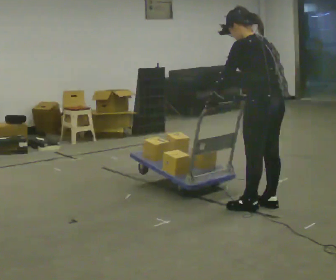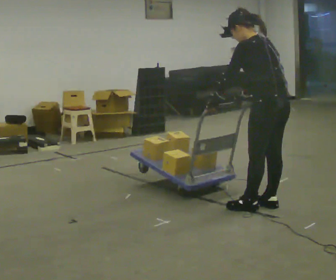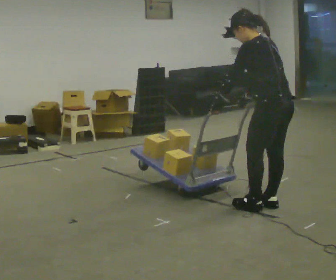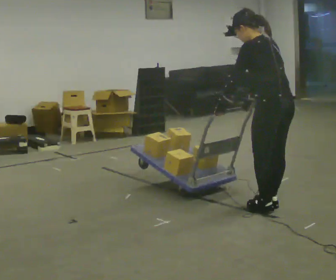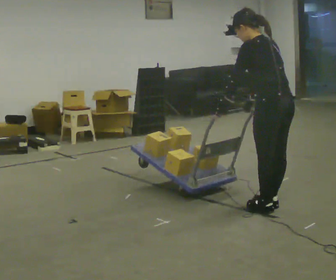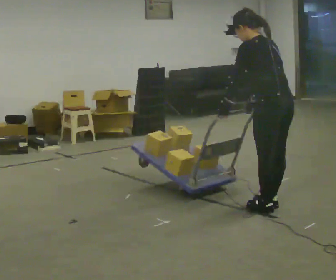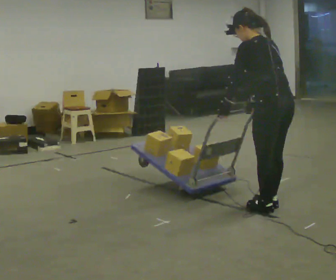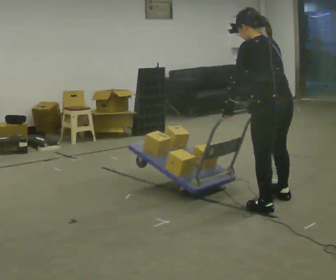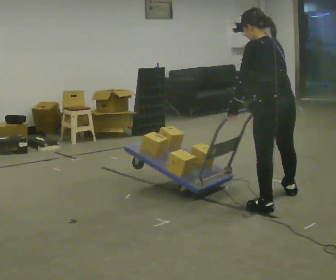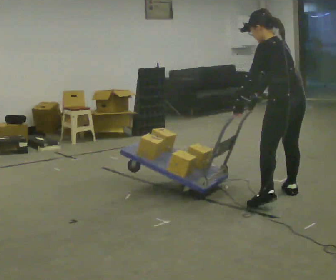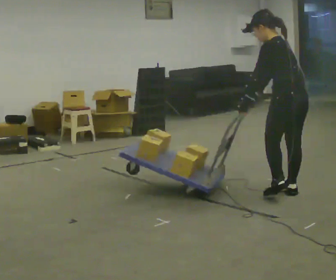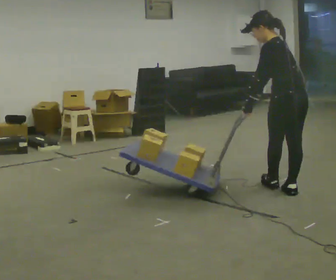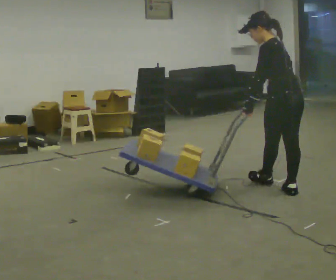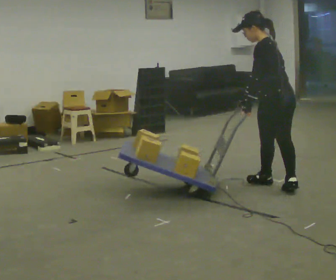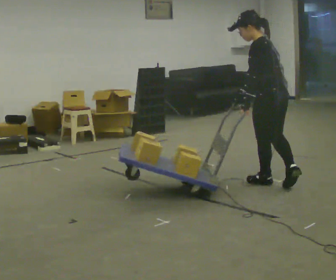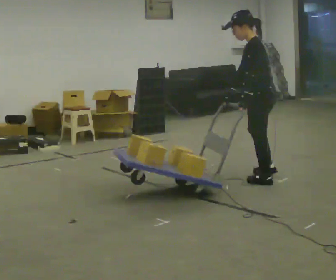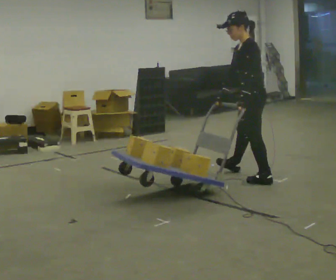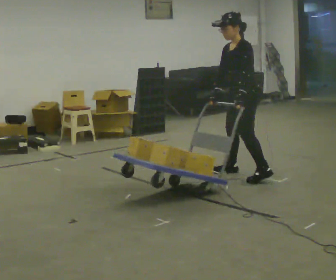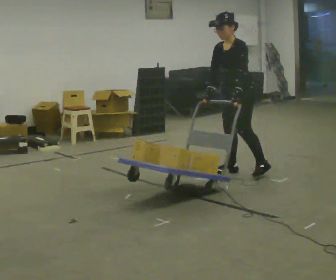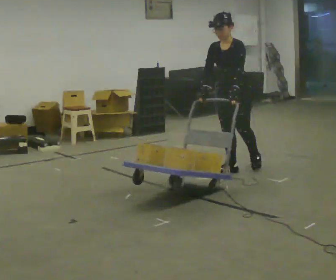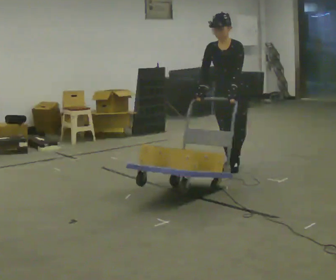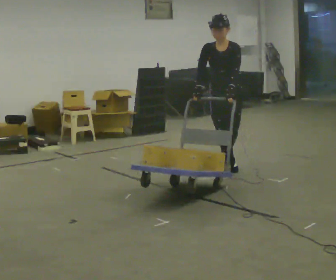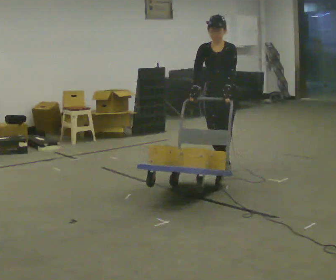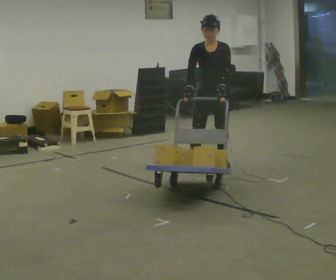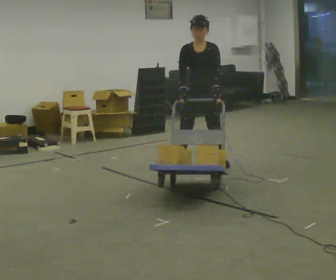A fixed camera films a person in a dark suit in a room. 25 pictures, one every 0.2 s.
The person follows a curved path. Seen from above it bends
counterclockwise.
Their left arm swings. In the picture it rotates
counterclockwise.
0.0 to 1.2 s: The person moves a little, or ends about where they began.
1.2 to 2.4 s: In the picture they go away from the camera, about 0.5 m in 2 steps, which for them is to their right and forward.
2.4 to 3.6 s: The part of the body nearest the lens slides to the right as the person turns to their left by about 90 degrees. In the picture they go away from the camera and to the left, about 1 m in 1 step.
3.6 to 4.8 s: The part of the body nearest the lens slides to the right as the person turns to their left by about 30 degrees. In the picture they go to the left and away from the camera, about 0.5 m in 2 steps, which for them is to their right and backward.
The film runs forward here.
